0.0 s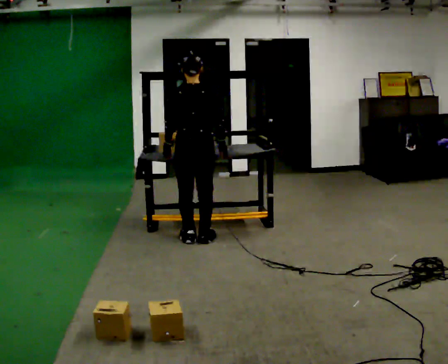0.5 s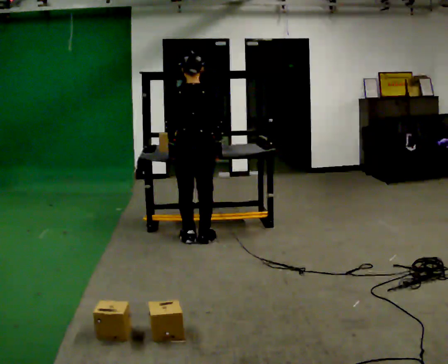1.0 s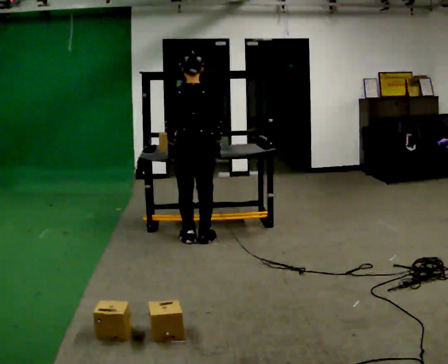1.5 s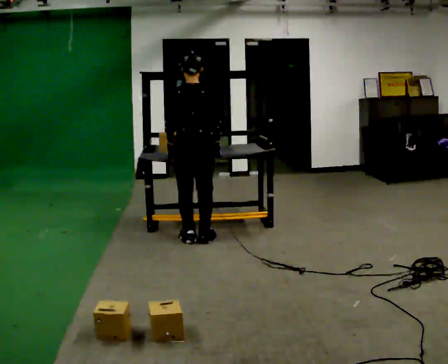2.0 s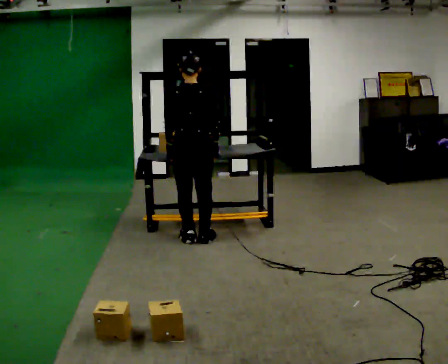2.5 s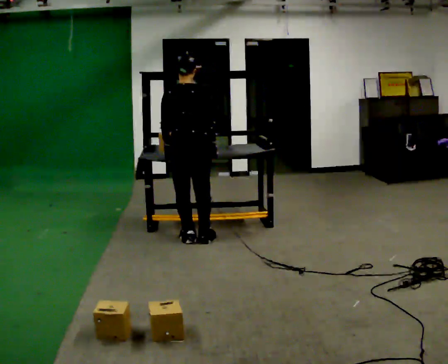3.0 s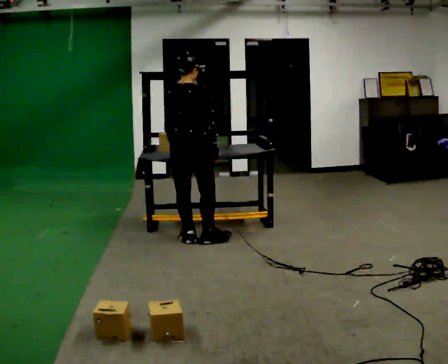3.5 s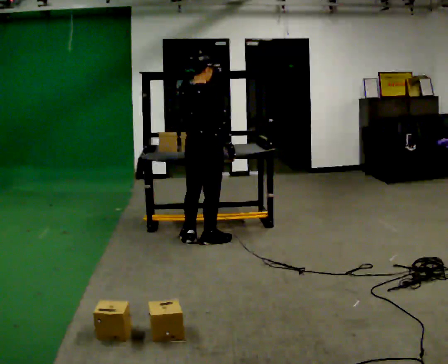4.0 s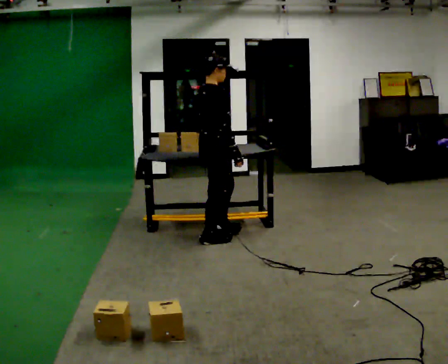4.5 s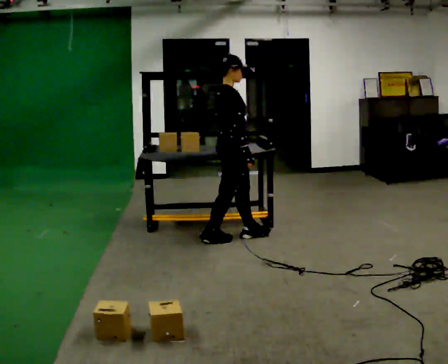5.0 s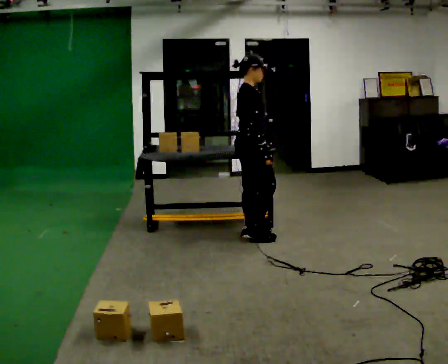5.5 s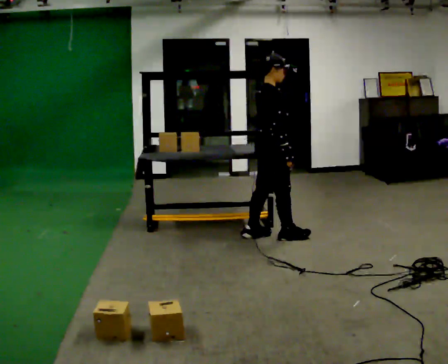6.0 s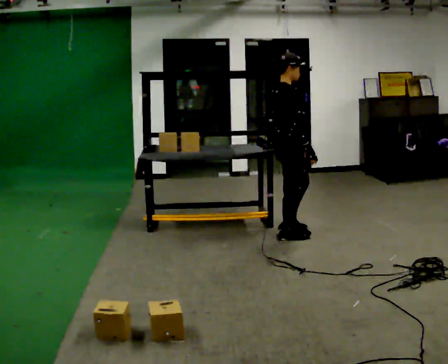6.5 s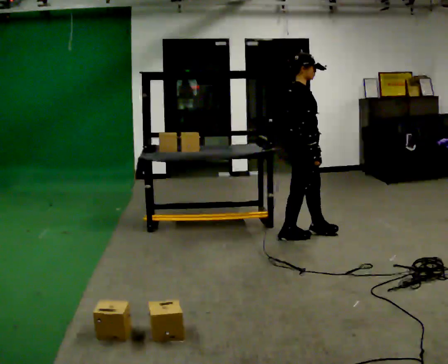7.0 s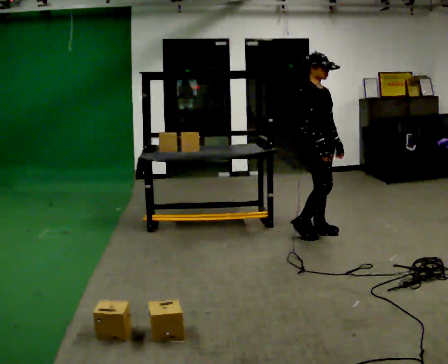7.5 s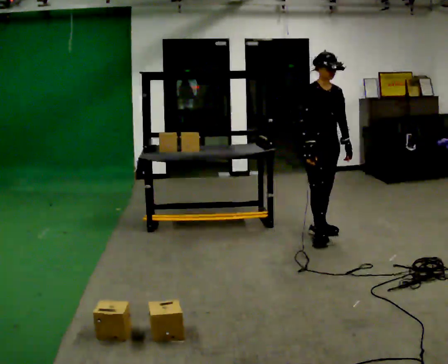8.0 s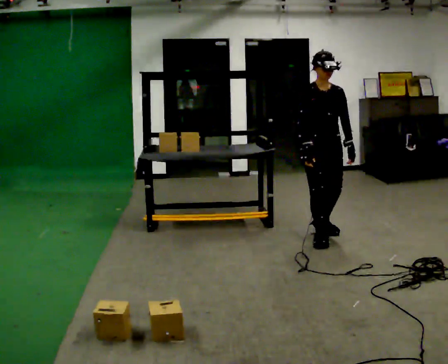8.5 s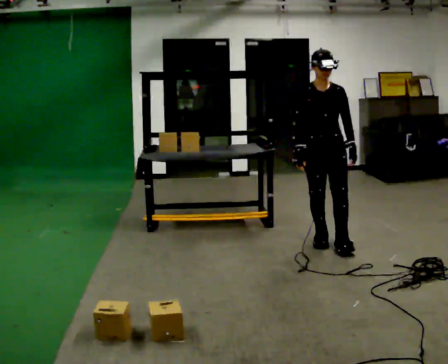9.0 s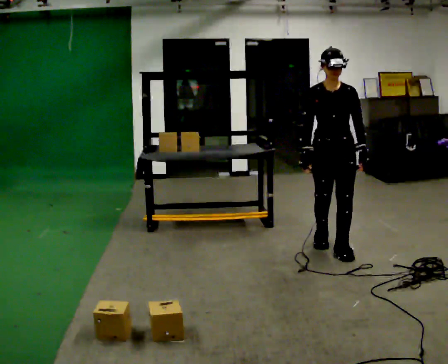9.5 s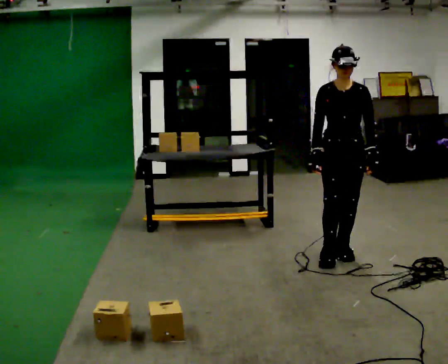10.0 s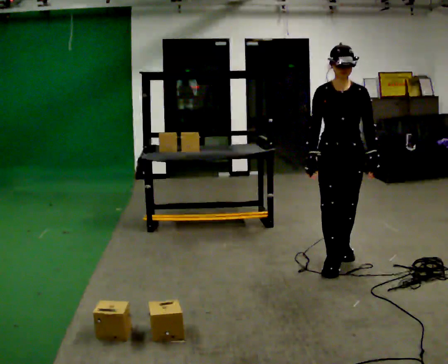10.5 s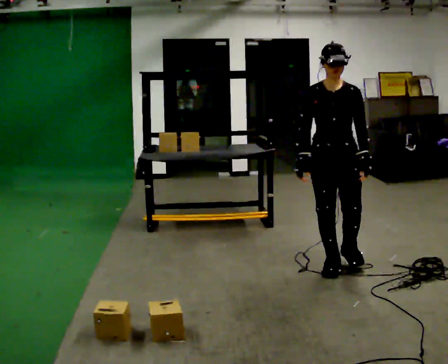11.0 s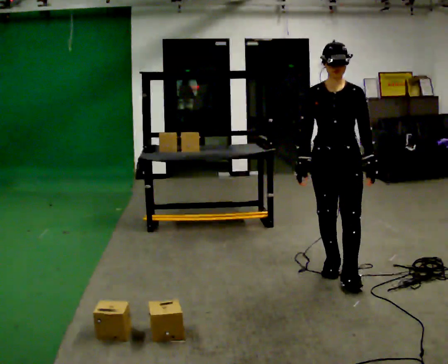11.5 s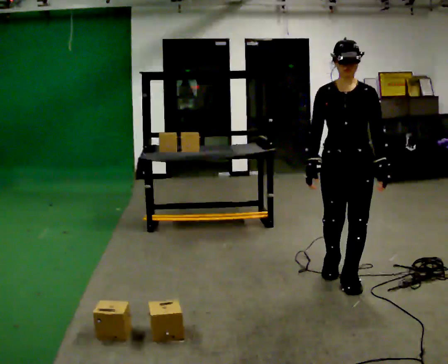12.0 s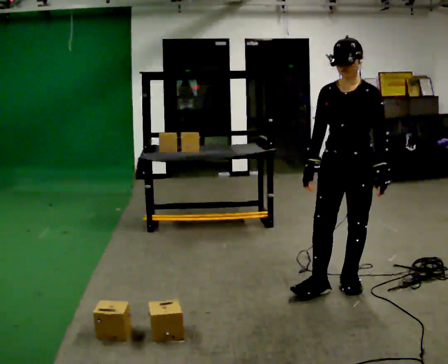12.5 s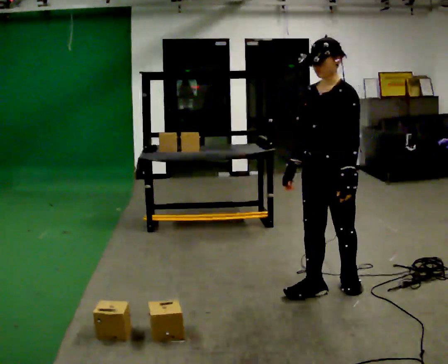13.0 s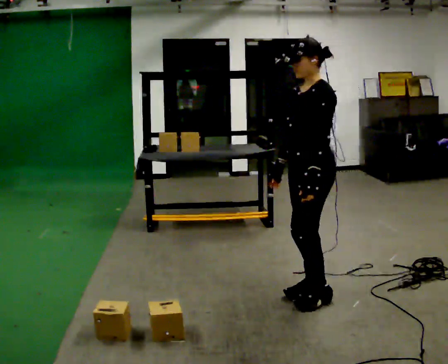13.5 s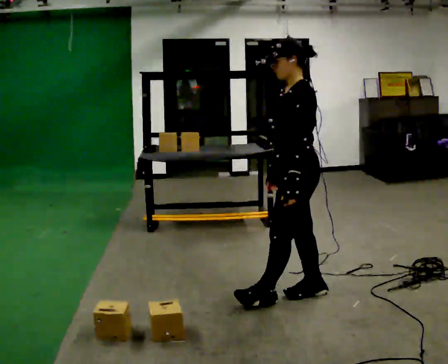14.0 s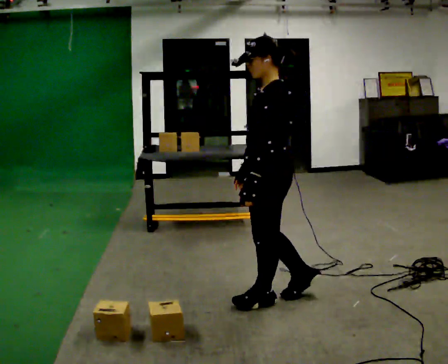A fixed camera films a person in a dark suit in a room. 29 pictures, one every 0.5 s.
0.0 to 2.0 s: The person moves a little, or ends about where they began.
2.0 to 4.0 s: The part of the body nearest the lens slides to the left as the person turns to their right by about 75 degrees. In the picture they go to the right, about 0.25 m.
4.0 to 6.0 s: In the picture they go to the right, about 0.5 m in 2 steps, which for them is forward.
6.0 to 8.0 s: The person turns about 75 degrees to their right, clockwise seen from above, so the part of the body nearest the lens slides to the left. In the picture they go to the right, about 0.25 m in 2 steps.
8.0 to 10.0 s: In the picture they go toward the camera, about 0.5 m in 2 steps, which for them is forward.
10.0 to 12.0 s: The person turns about 30 degrees to their right, clockwise seen from above, so the part of the body nearest the lens slides to the left. In the picture they go toward the camera, about 0.5 m in 1 step, which for them is forward.
12.0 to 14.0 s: The person turns about 60 degrees to their right, clockwise seen from above, so the part of the body nearest the lens slides to the left. In the picture they go to the left and toward the camera, about 0.5 m in 2 steps.
The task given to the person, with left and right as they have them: Carry the box over and put it on the shelf with the label facing out towards you. Get the orientation right, not just the position. Keep going until the operator says stop; one object at a time, and do not rush between trips.
The film runs forward here.
